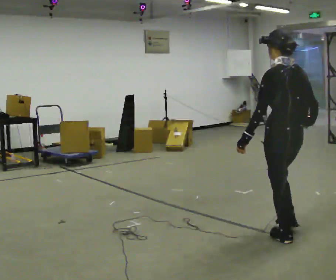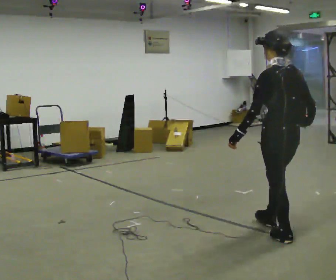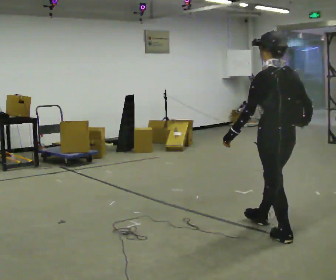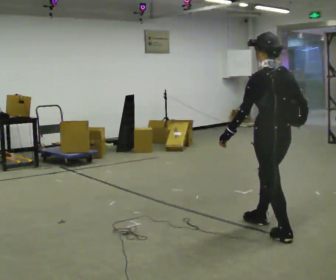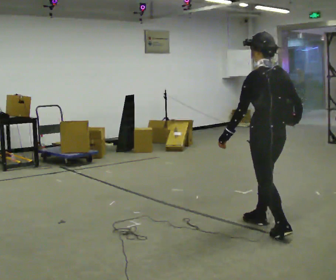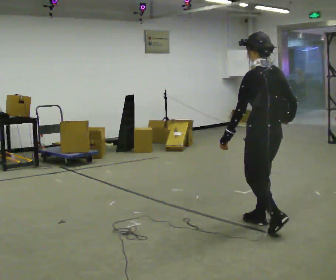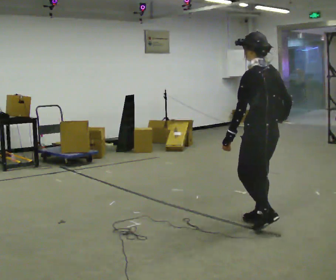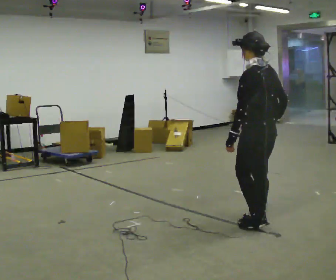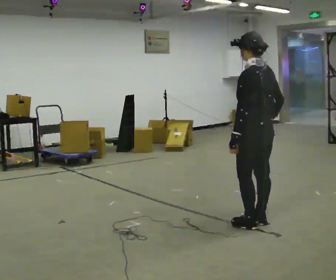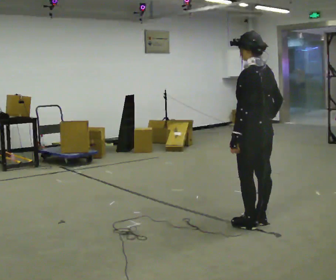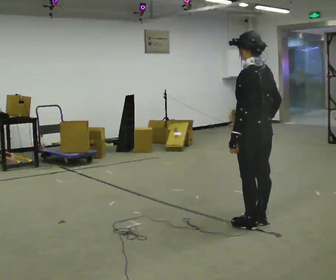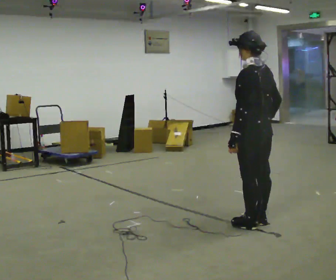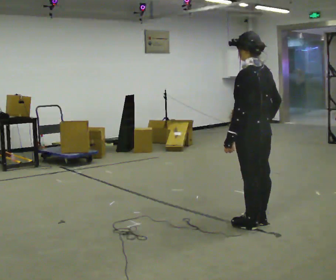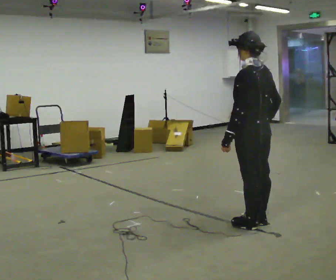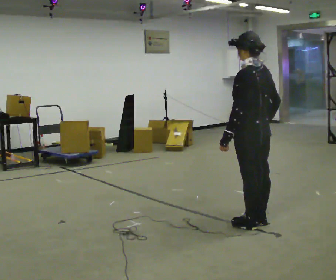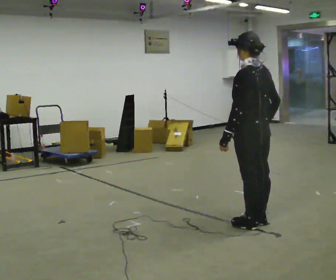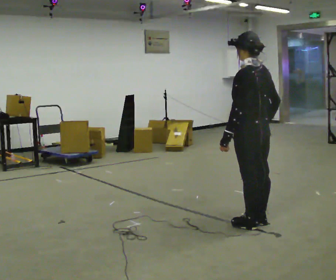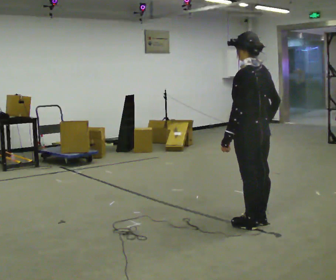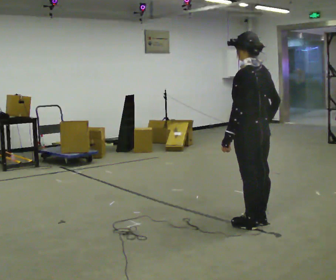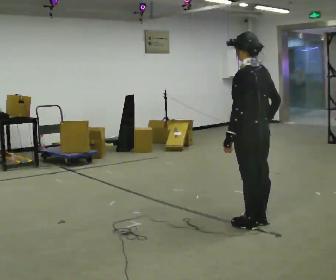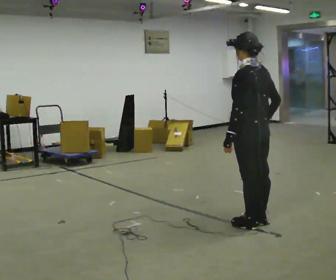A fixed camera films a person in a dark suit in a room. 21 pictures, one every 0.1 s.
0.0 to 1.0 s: In the picture they go away from the camera and to the left, about 0.5 m in 2 steps, which for them is forward.
1.0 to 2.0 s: The person moves a little, or ends about where they began.
The film runs forward here.
